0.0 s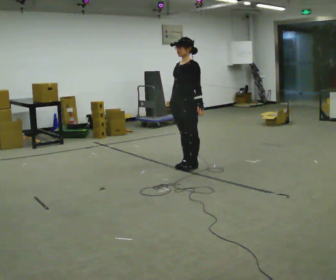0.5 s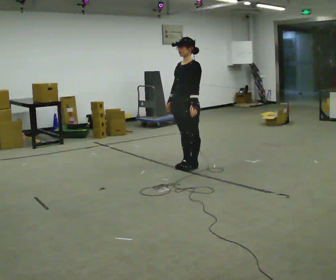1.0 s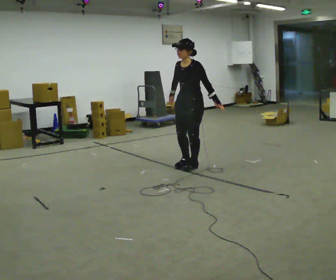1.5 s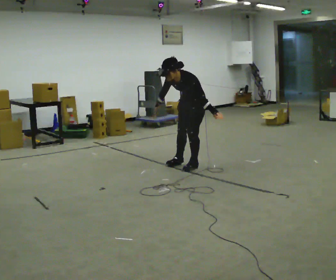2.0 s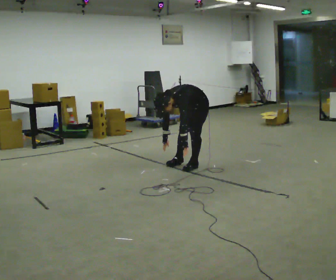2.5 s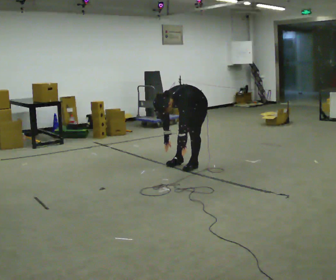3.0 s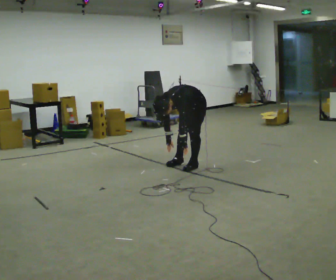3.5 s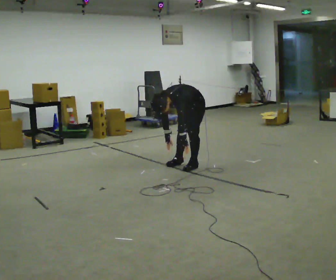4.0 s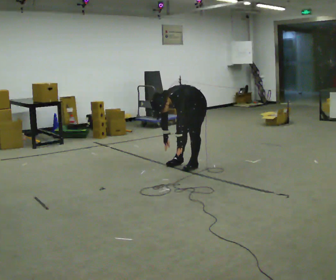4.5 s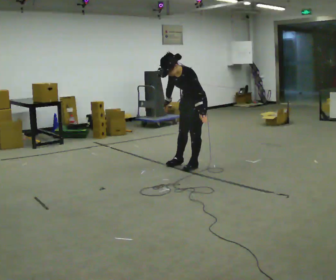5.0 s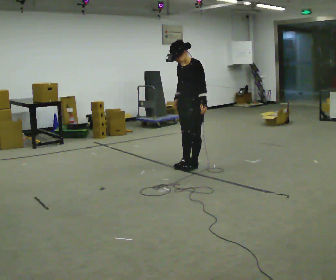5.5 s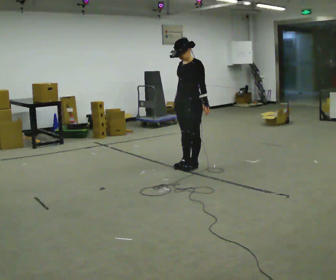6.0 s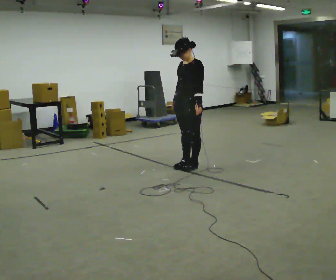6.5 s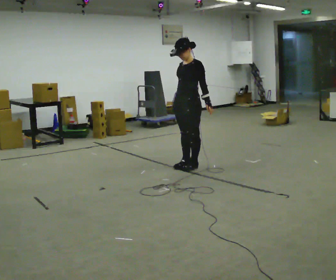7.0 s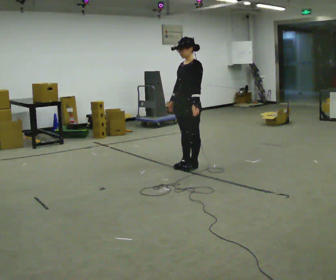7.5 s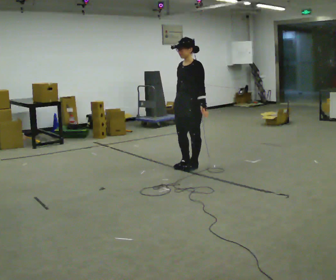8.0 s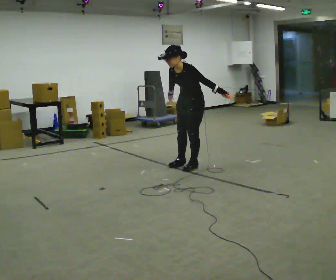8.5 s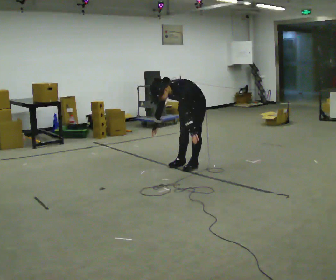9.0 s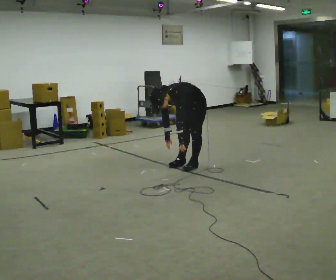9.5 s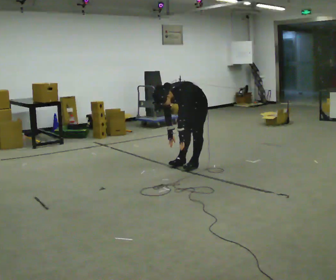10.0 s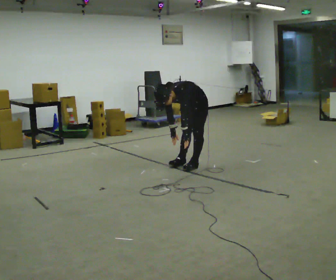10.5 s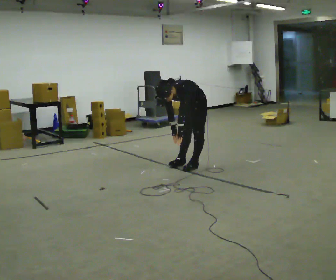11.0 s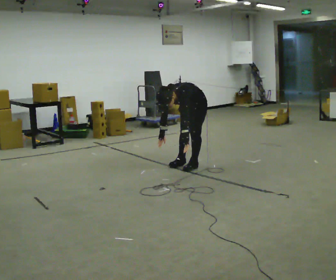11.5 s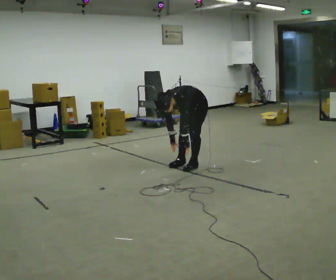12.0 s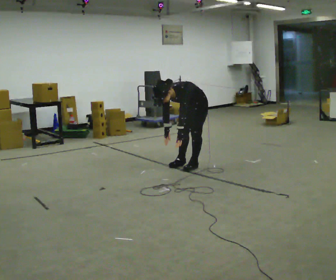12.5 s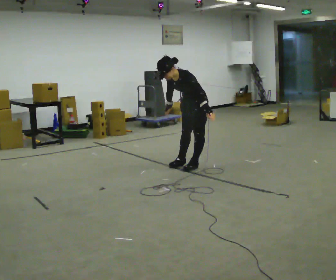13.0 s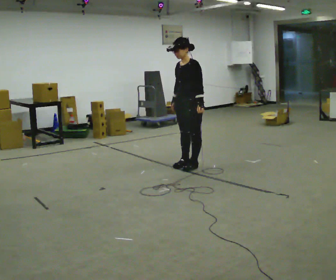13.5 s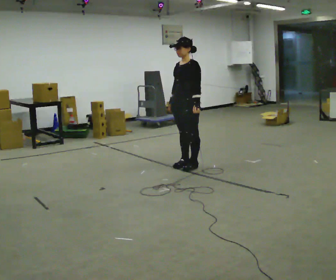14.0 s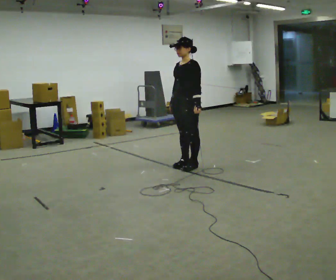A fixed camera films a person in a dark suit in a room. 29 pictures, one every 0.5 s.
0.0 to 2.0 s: In the picture they go away from the camera, about 0.25 m in 1 step, which for them is backward. The upper body goes downward. In the picture the upper body tilts counterclockwise, shoulders to the left, as they bend forward. In the picture their left hand goes downward.
2.0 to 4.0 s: The person moves a little, or ends about where they began.
4.0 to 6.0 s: In the picture they go toward the camera, about 0.25 m in 1 step, which for them is forward. The shoulders move upward. In the picture the upper body tilts clockwise, shoulders to the right, as they lean back or straighten. In the picture their left hand goes upward.
6.0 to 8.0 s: In the picture the upper body tilts counterclockwise, shoulders to the left, as they bend forward.
8.0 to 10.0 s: In the picture they go away from the camera, about 0.25 m, which for them is backward. The upper body goes downward. In the picture the upper body tilts counterclockwise, shoulders to the left, as they bend forward. In the picture their left hand goes downward and to the left, the arm swinging clockwise.
10.0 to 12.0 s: The person moves a little, or ends about where they began.
12.0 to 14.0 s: The upper body goes upward. In the picture the upper body tilts clockwise, shoulders to the right, as they lean back or straighten. In the picture their left hand goes upward.
The film runs backward here.
